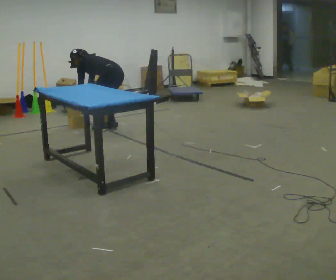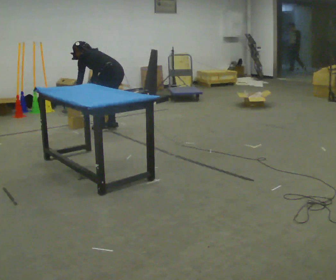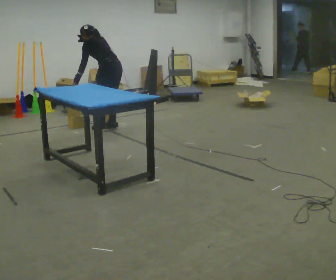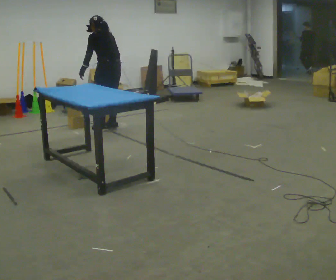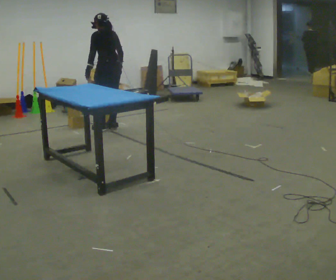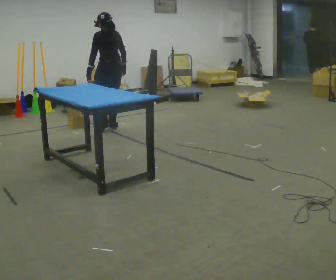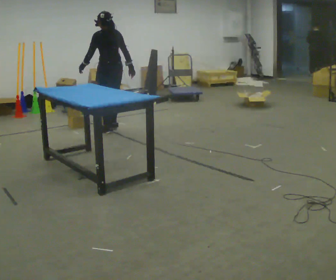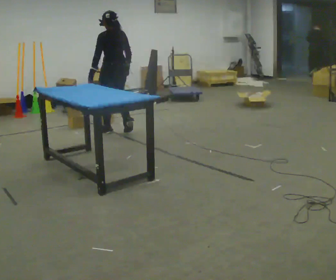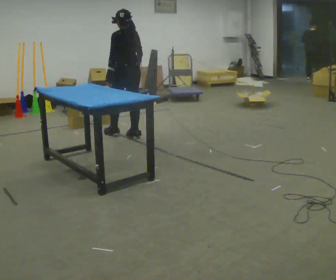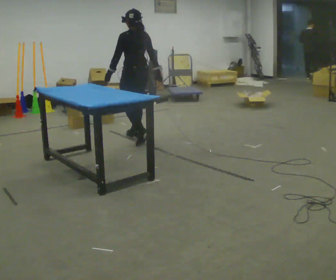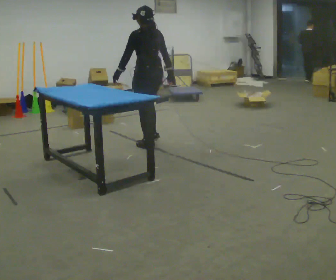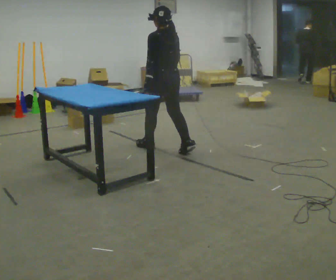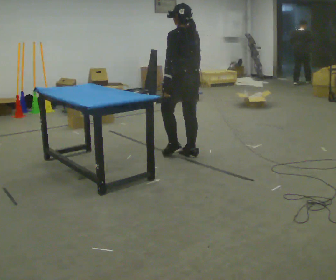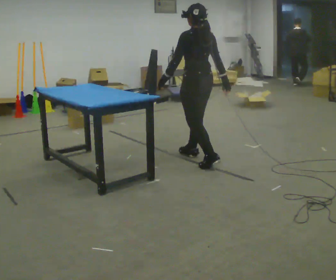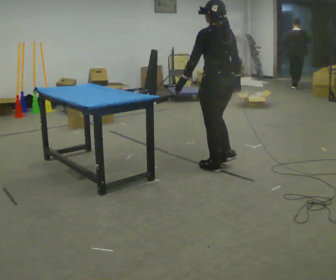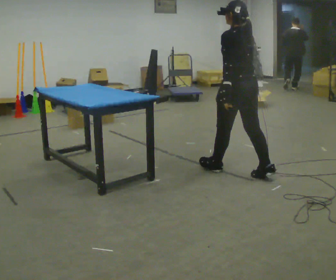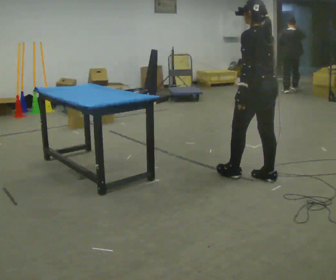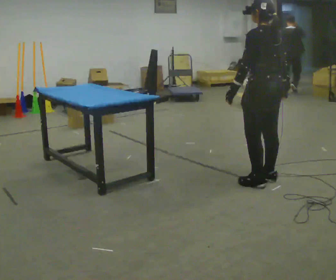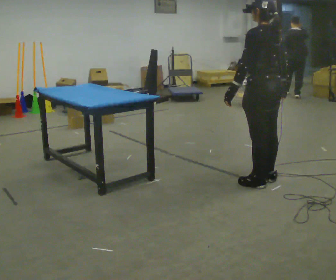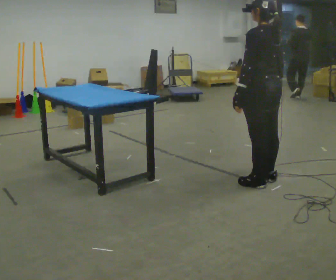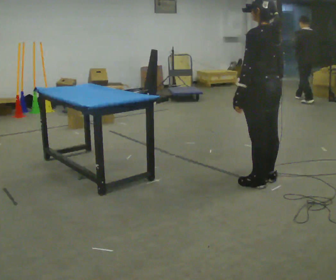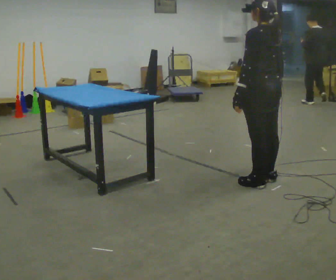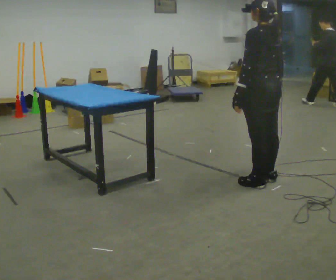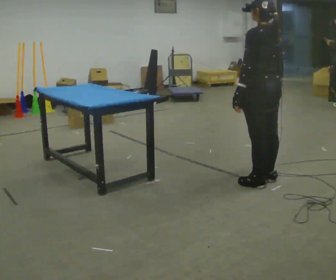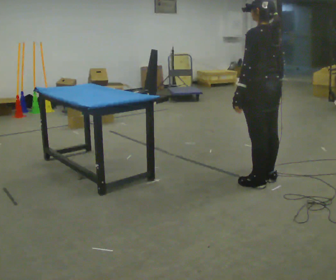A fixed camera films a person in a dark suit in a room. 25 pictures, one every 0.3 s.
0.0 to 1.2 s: The upper body goes upward. In the picture the upper body tilts clockwise, shoulders to the right, as they lean back or straighten. In the picture their right hand goes to the right and upward.
1.2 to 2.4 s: In the picture they go toward the camera and to the right, about 0.5 m in 2 steps, which for them is backward.
2.4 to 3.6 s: In the picture they go toward the camera and to the right, about 1 m in 2 steps, which for them is backward.
3.6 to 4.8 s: In the picture they go toward the camera and to the right, about 1 m in 2 steps, which for them is backward.
4.8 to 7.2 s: The person moves a little, or ends about where they began.
The film runs backward here.
